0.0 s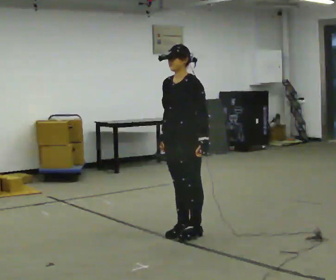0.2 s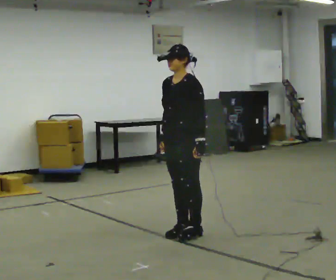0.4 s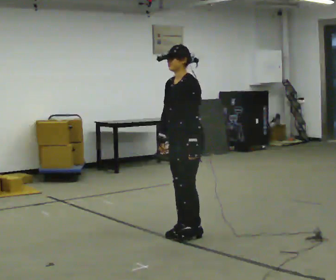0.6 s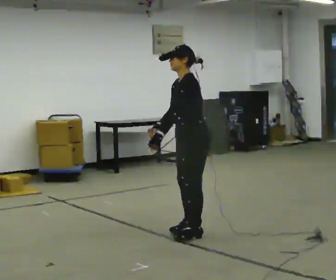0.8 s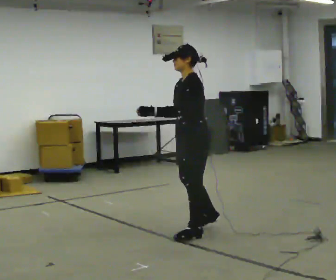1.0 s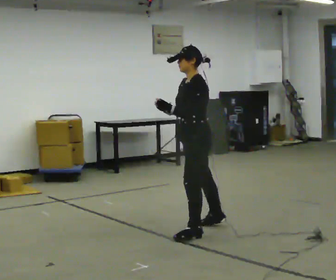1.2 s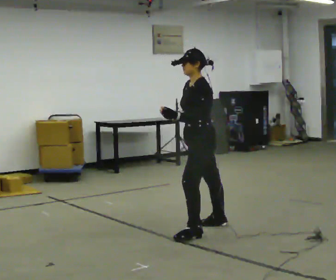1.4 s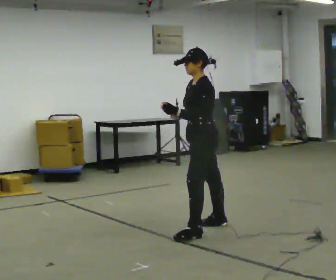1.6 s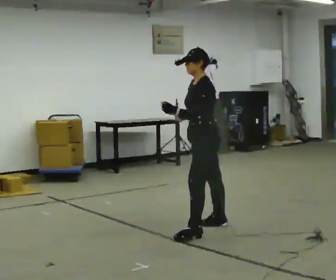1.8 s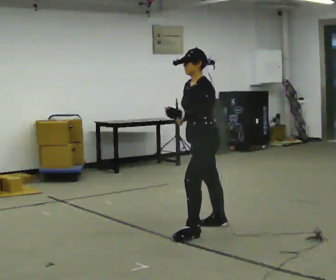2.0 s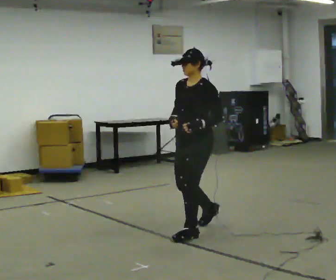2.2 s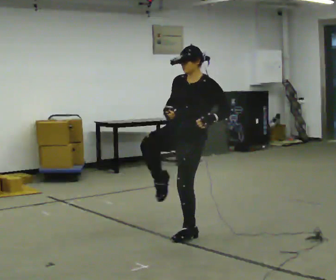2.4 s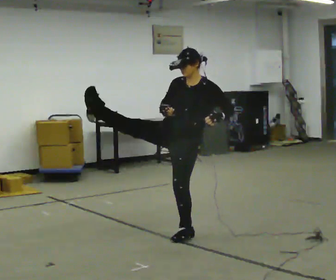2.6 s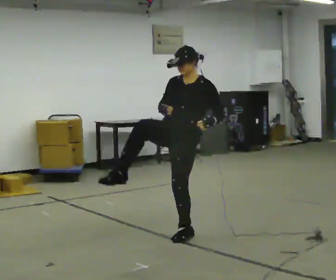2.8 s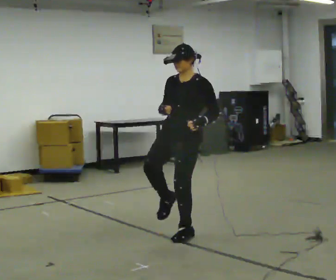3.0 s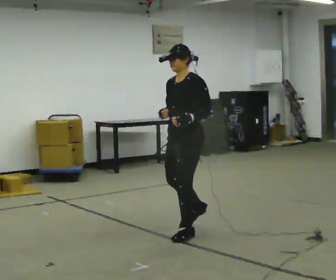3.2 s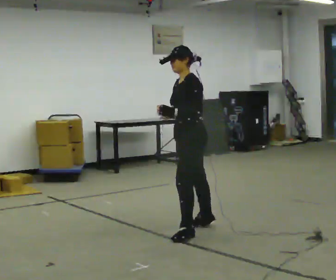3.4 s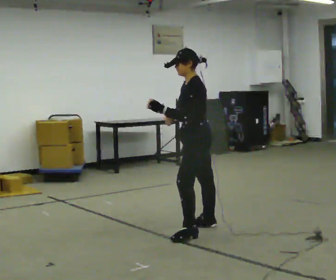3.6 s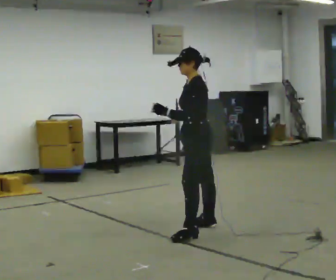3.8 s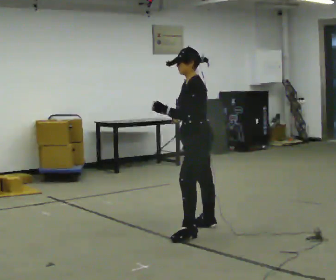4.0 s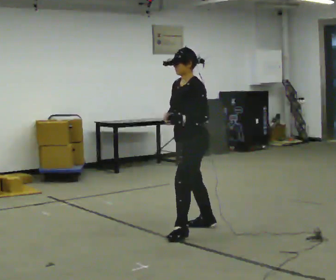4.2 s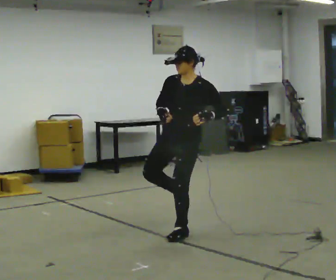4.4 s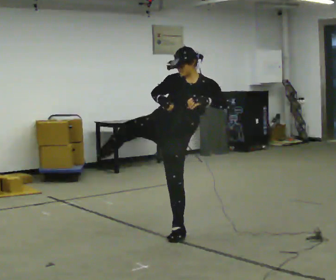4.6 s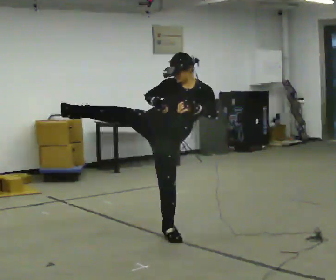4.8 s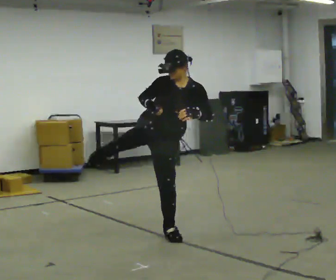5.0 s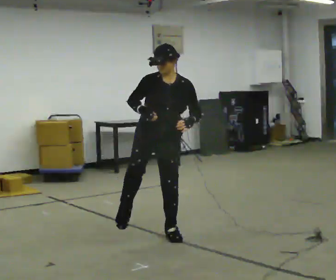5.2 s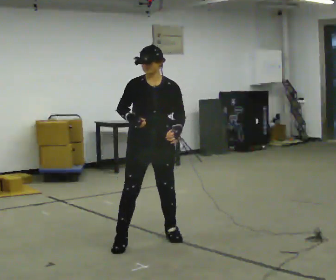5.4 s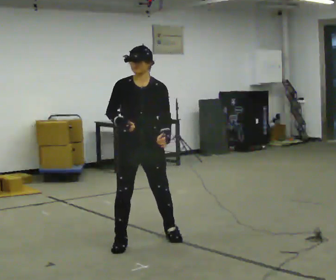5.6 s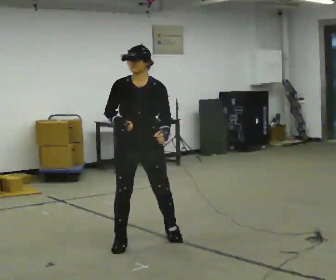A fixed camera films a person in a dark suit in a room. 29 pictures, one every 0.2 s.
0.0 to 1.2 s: The part of the body nearest the lens slides to the left as the person turns to their right by about 30 degrees. In the picture they go away from the camera and to the right, about 0.25 m in 1 step, which for them is backward and to their right.
1.2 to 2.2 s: Seen from above the body turns counterclockwise, about 45 degrees: to their left, with its near side sliding to the right. In the picture the upper body tilts clockwise, shoulders to the right.
2.2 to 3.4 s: The person turns about 60 degrees to their right, clockwise seen from above, so the part of the body nearest the lens slides to the left. In the picture the upper body tilts counterclockwise, shoulders to the left. In the picture their left hand goes to the left.
3.4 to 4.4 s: Seen from above the body turns counterclockwise, about 90 degrees: to their left, with its near side sliding to the right. In the picture they go to the left, about 0.25 m. In the picture the upper body tilts clockwise, shoulders to the right. In the picture their left hand goes to the right.
4.4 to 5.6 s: In the picture they go to the left and toward the camera, about 0.25 m in 1 step, which for them is to their right and forward.
The film runs forward here.
